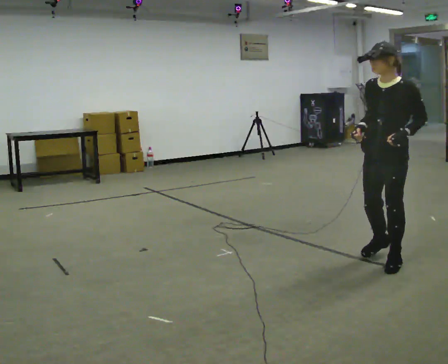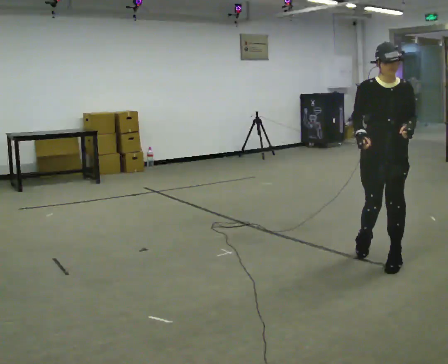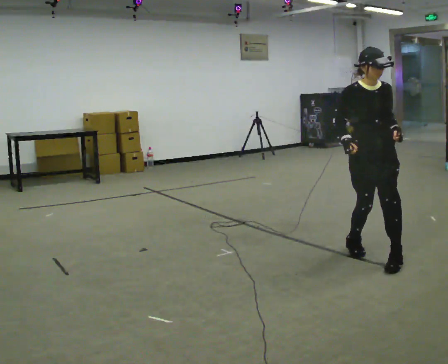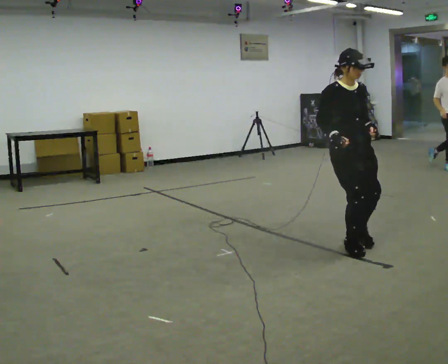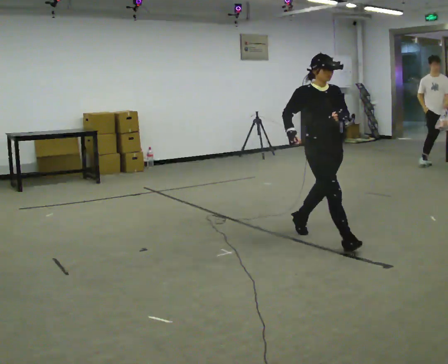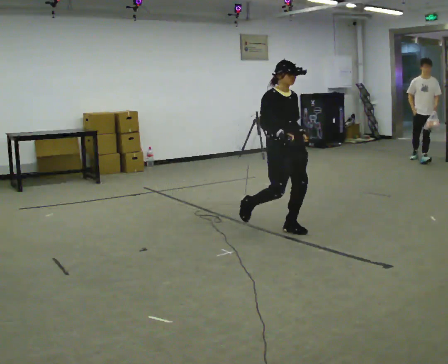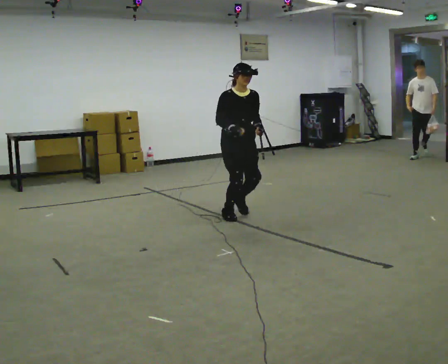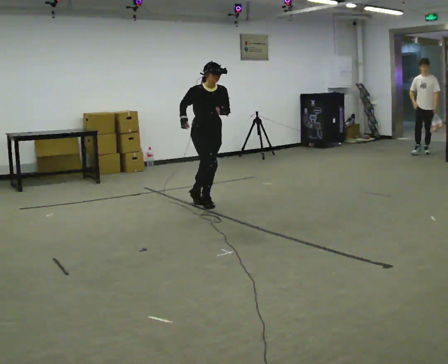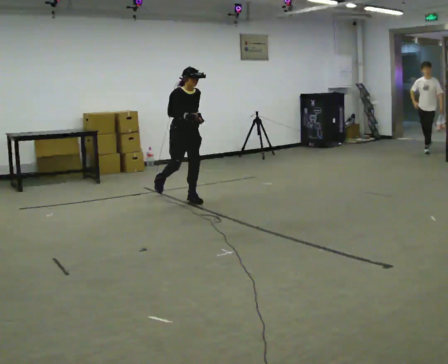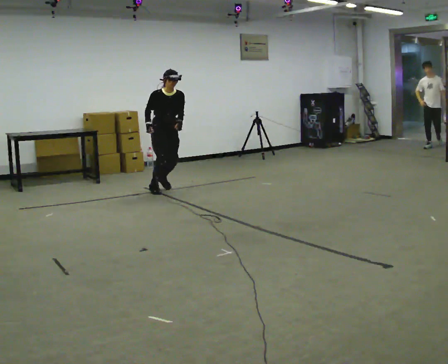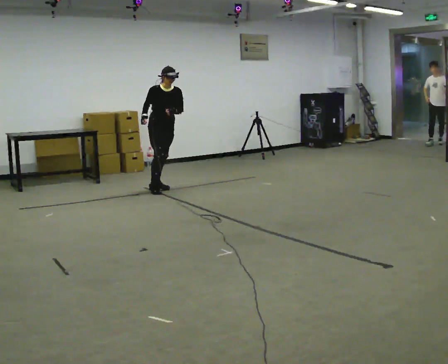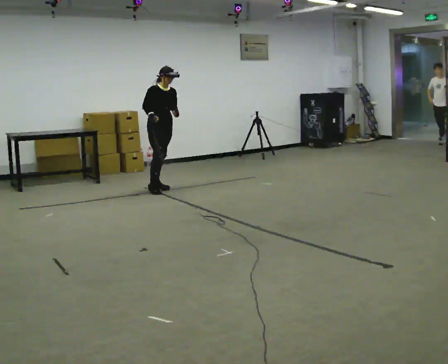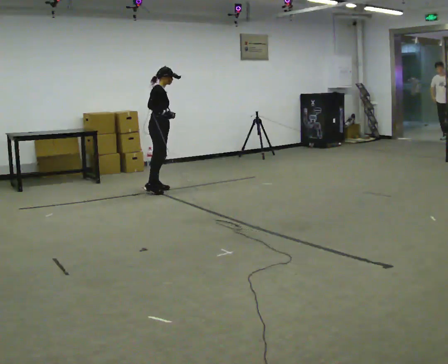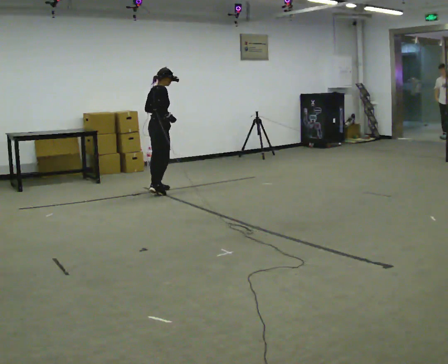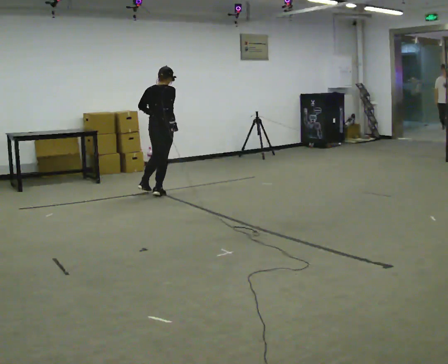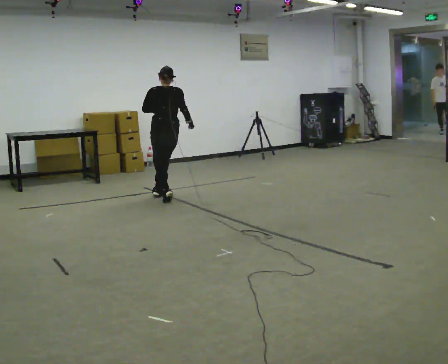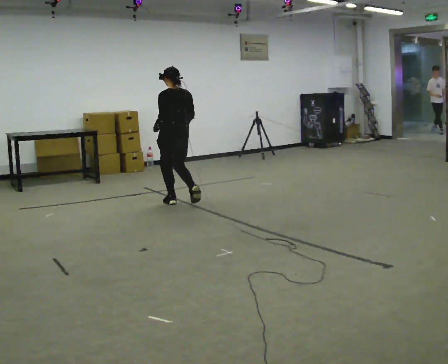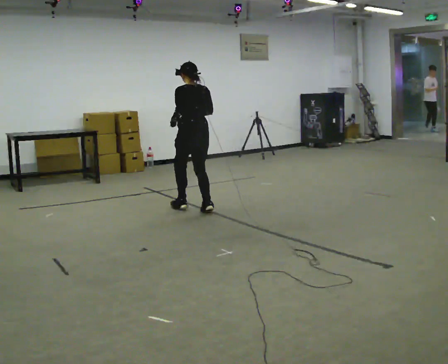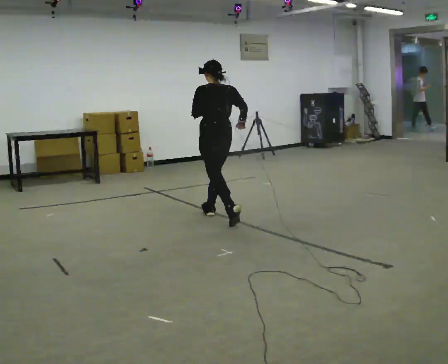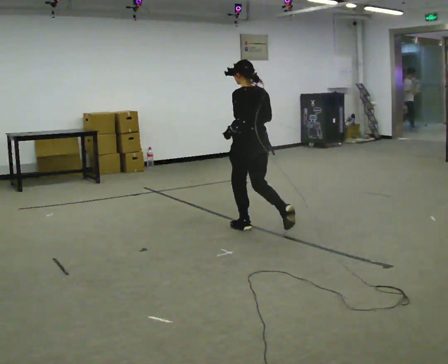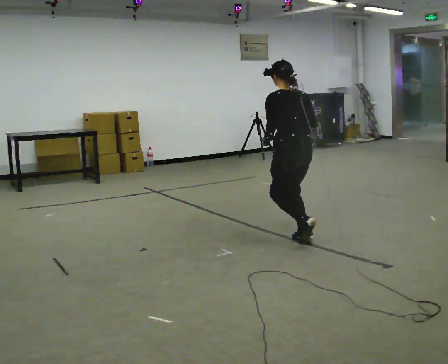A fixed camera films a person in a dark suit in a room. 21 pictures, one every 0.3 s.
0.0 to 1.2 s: Seen from above the body turns counterclockwise, about 90 degrees: to their left, with its near side sliding to the right. In the picture they go away from the camera and to the left, about 0.5 m in 2 steps.
1.2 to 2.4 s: In the picture they go away from the camera and to the left, about 2 m in 3 steps, which for them is backward.
2.4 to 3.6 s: The person turns about 45 degrees to their left, counterclockwise seen from above, so the part of the body nearest the lens slides to the right. In the picture they go away from the camera and to the left, about 0.75 m in 1 step. The upper body tips away from the camera, its near side rolling upward.
3.6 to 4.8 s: The part of the body nearest the lens slides to the right as the person turns to their left by about 120 degrees. In the picture they go toward the camera, about 1 m in 2 steps.
4.8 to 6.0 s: In the picture they go toward the camera and to the right, about 2 m in 3 steps, which for them is backward.
The film runs backward here.
